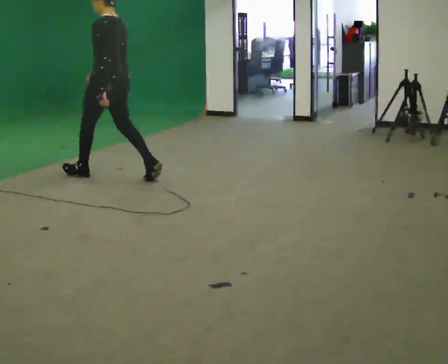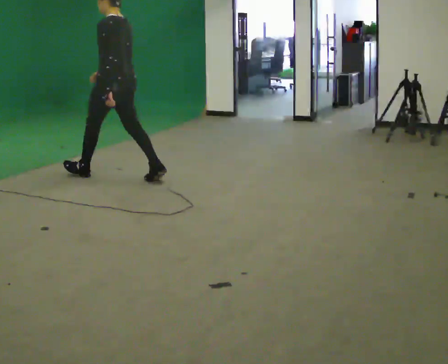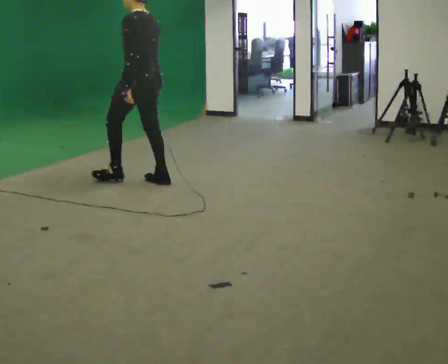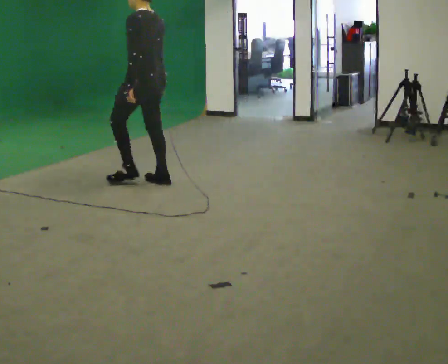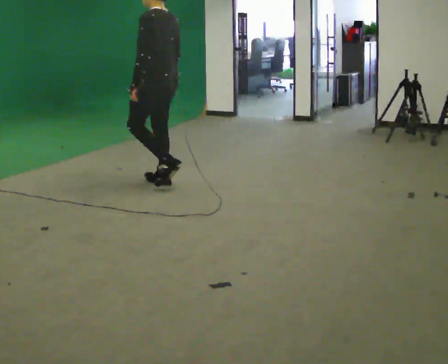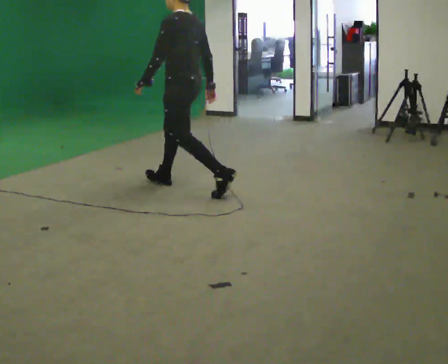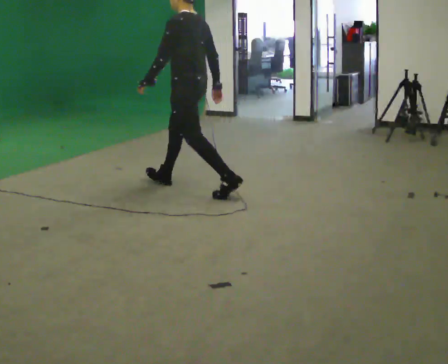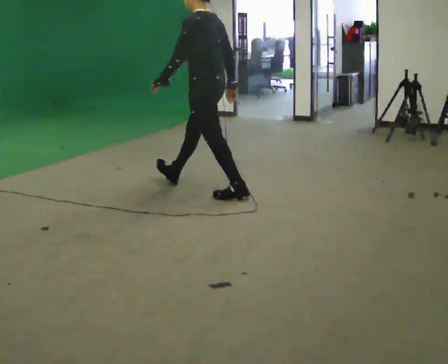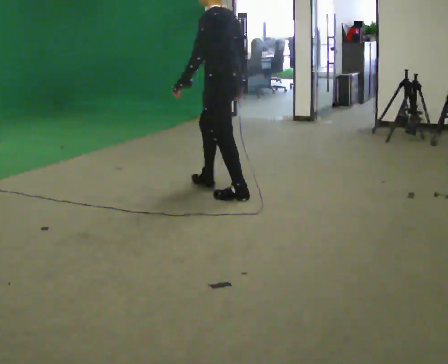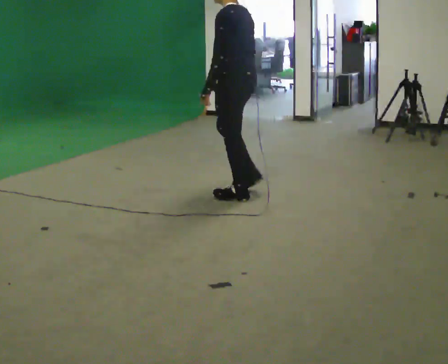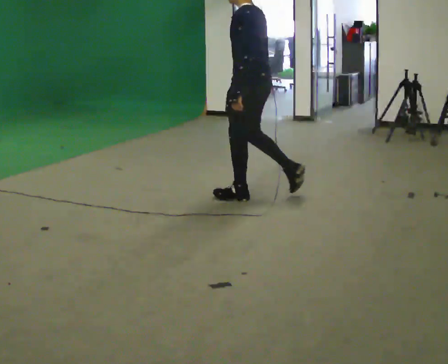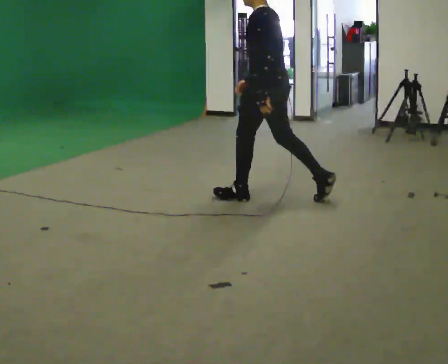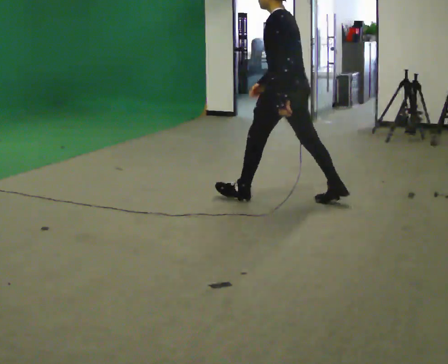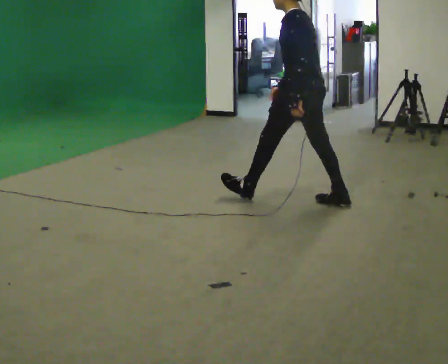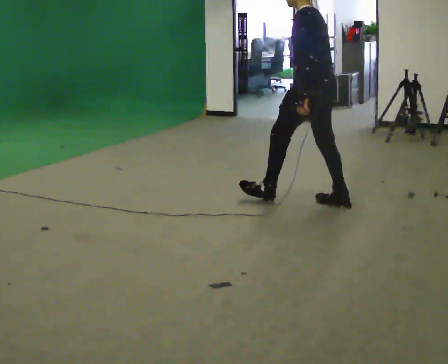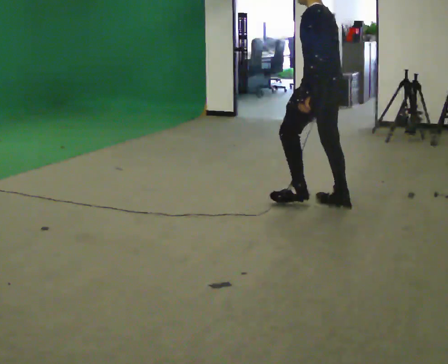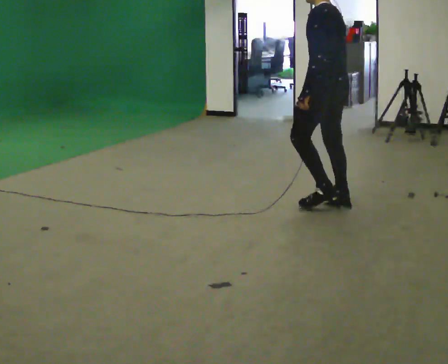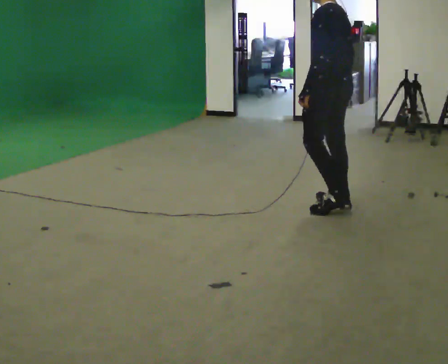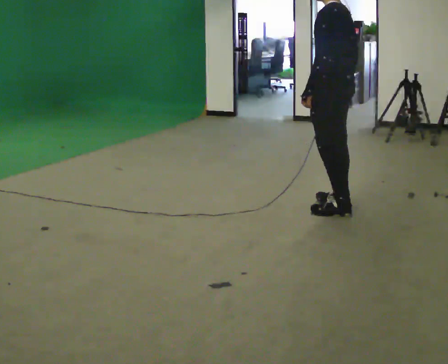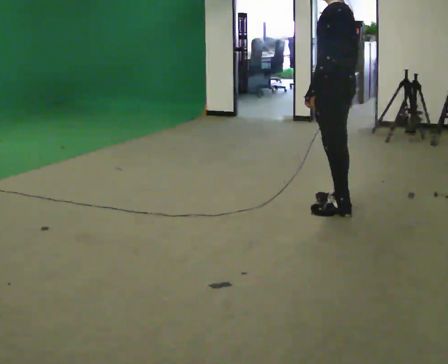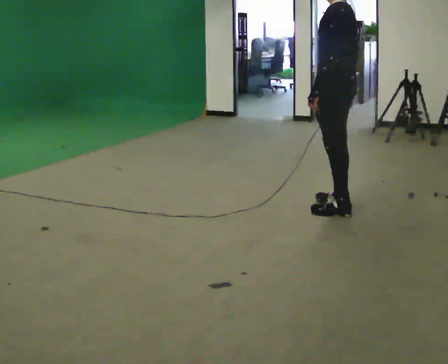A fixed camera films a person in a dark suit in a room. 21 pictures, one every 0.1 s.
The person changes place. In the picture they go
to the right.
0.0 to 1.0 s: In the picture they go to the right, about 1.5 m in 2 steps, which for them is backward.
1.0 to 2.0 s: In the picture they go to the right and toward the camera, about 0.75 m in 1 step, which for them is backward.
The film runs backward here.
